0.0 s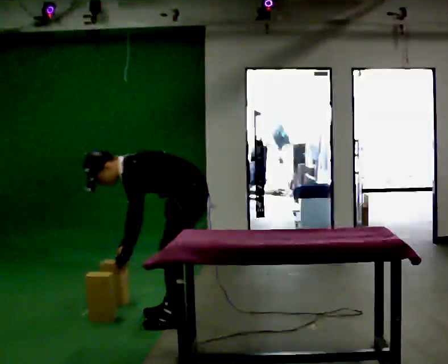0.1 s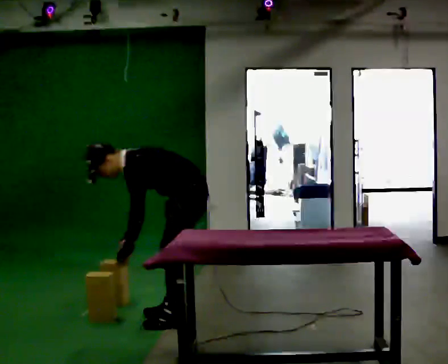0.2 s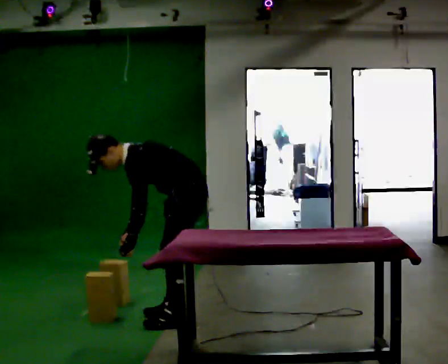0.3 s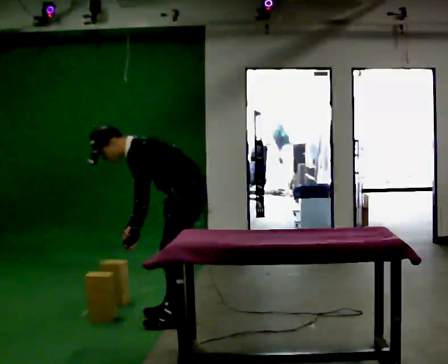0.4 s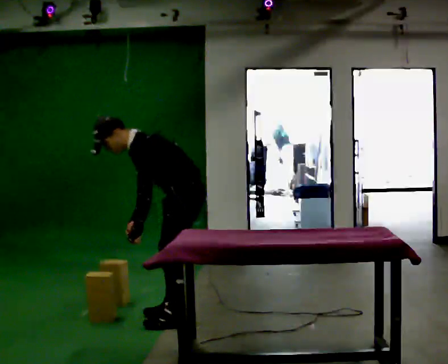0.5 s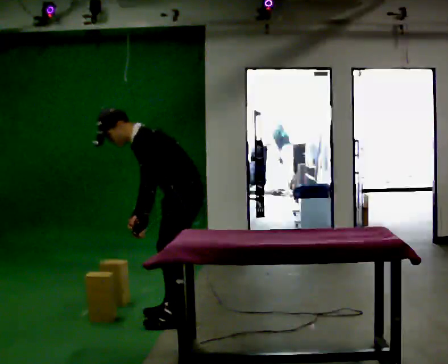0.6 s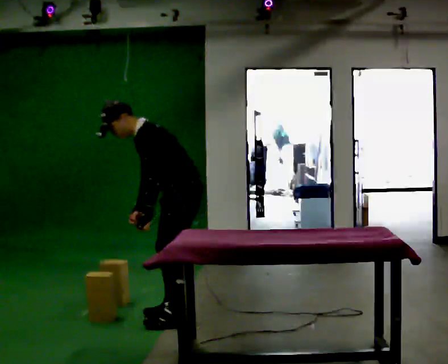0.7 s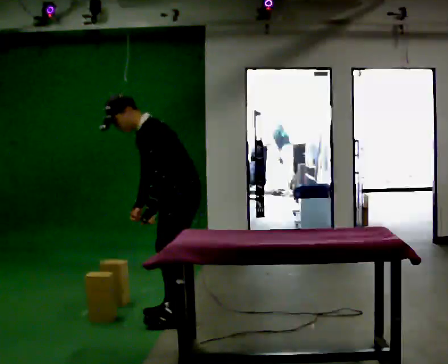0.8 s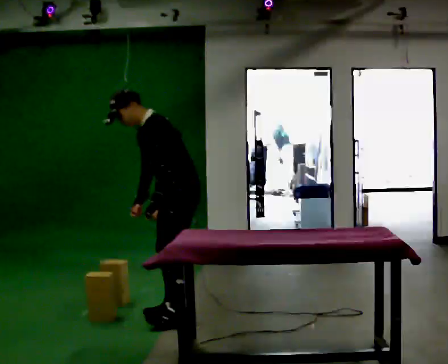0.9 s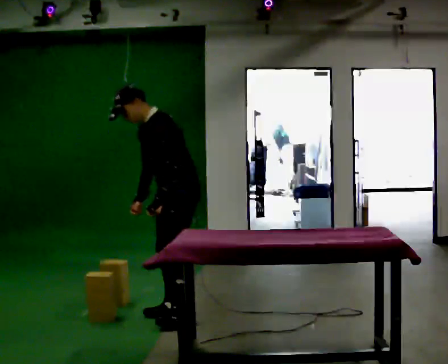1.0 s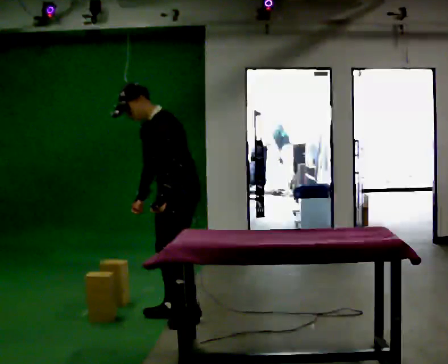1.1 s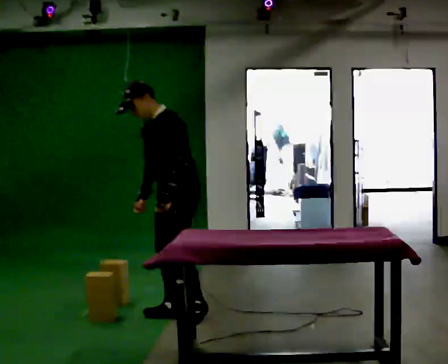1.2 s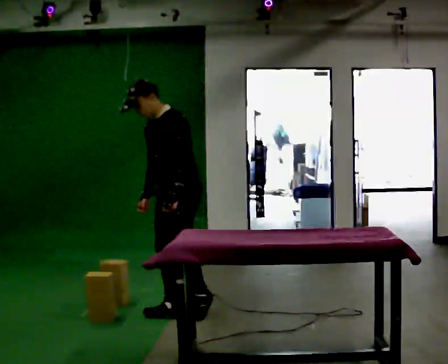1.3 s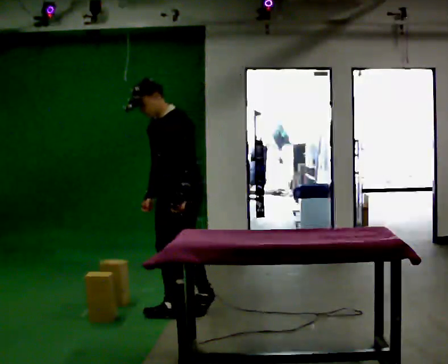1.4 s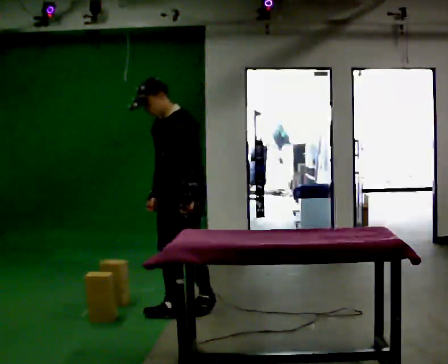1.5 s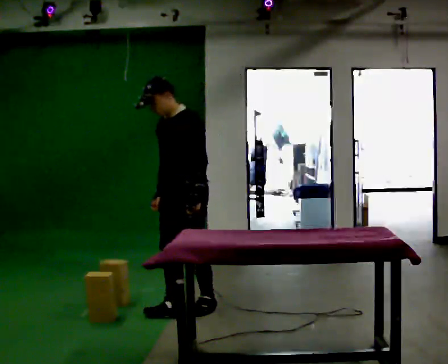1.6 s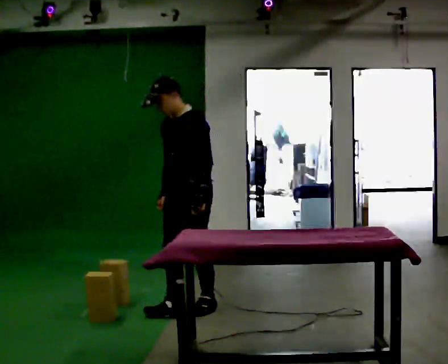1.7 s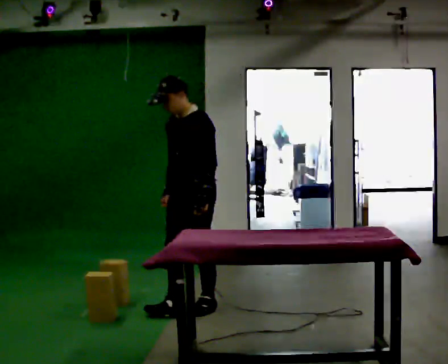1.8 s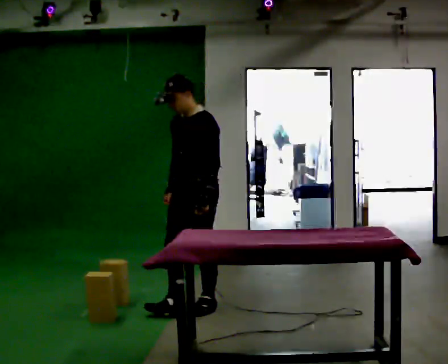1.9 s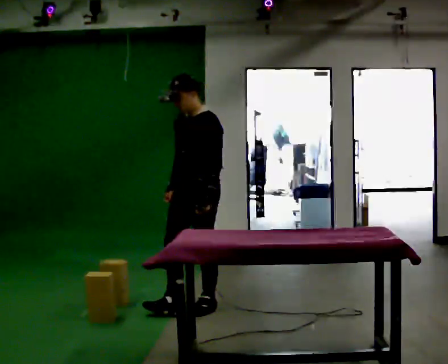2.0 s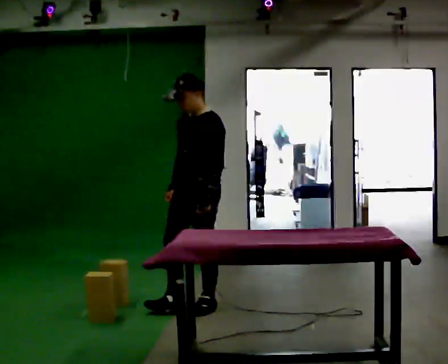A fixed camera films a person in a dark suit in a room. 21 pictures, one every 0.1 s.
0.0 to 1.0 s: The upper body goes upward. In the picture the upper body tilts clockwise, shoulders to the right, as they lean back or straighten. In the picture their left hand goes upward.
1.0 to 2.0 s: In the picture the upper body tilts clockwise, shoulders to the right, as they lean back or straighten.
The film runs backward here.
